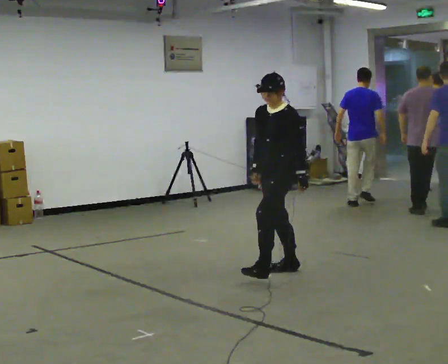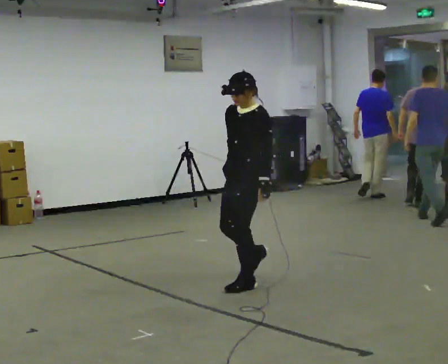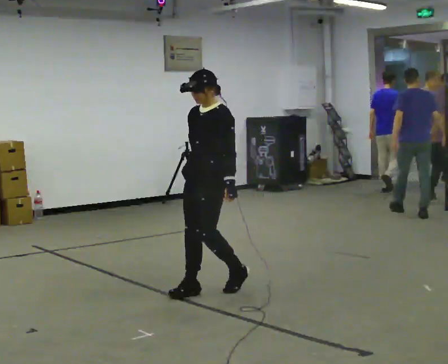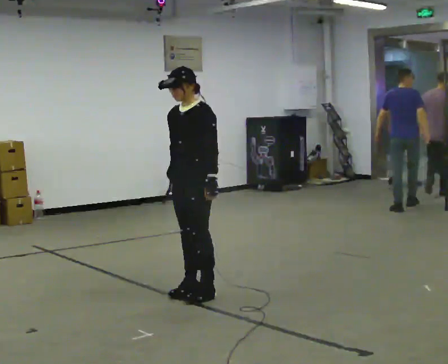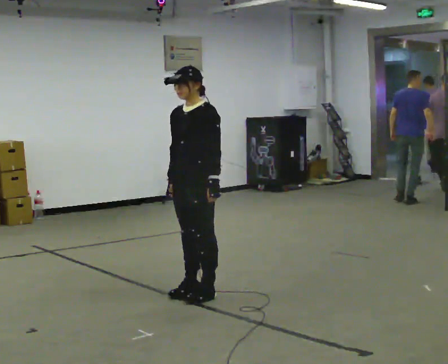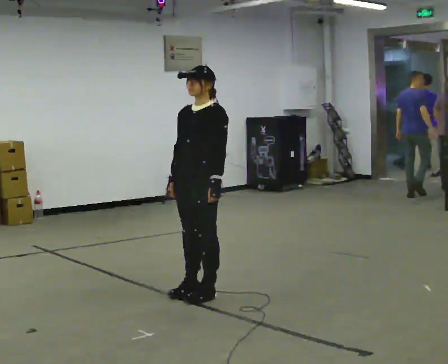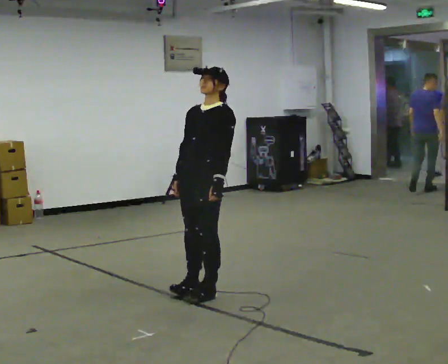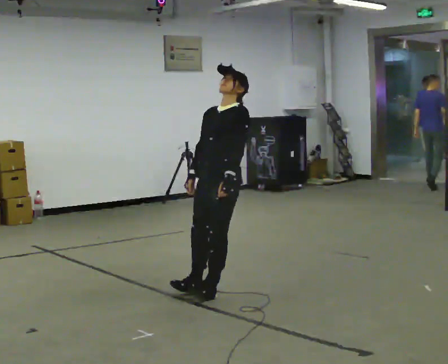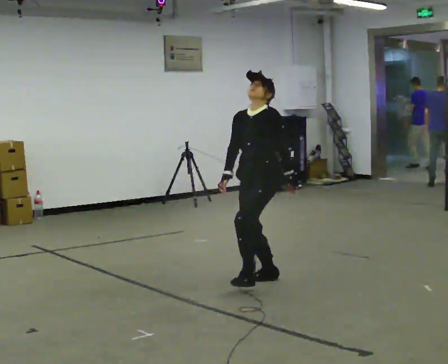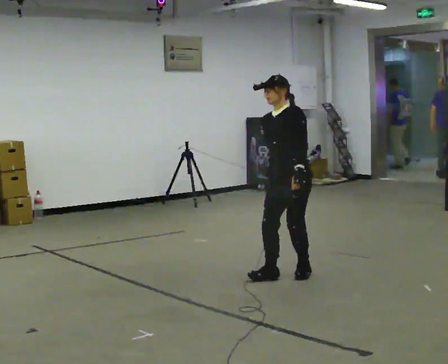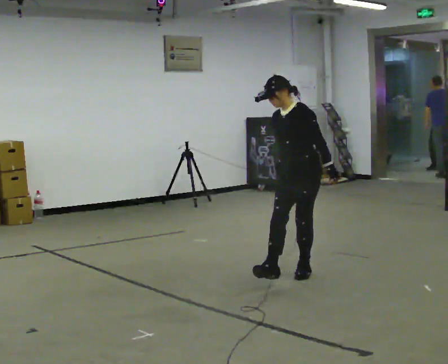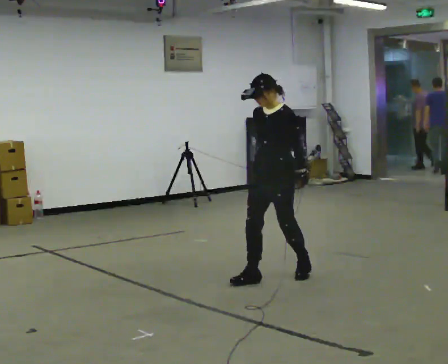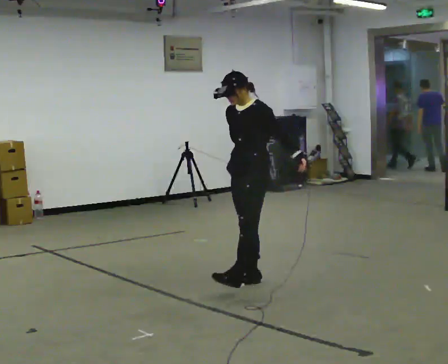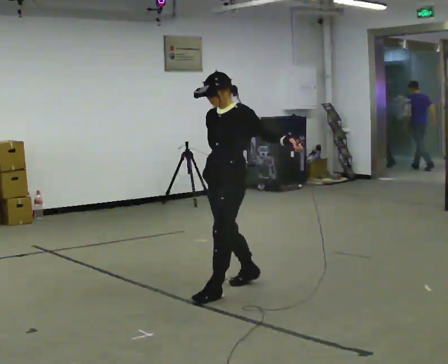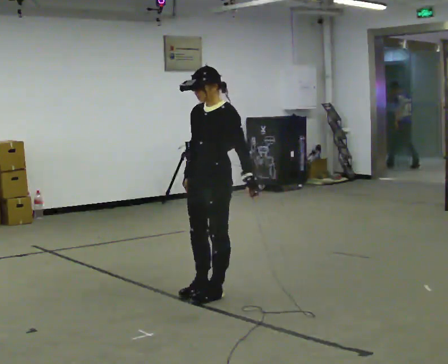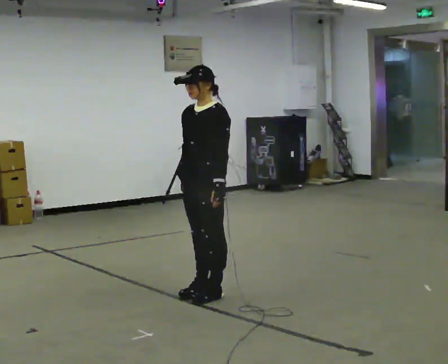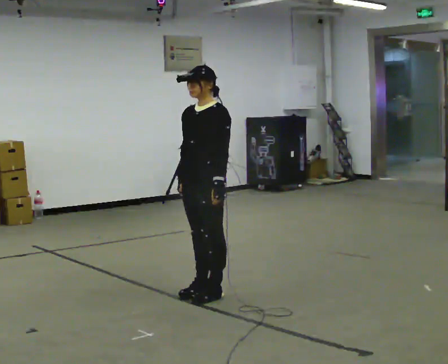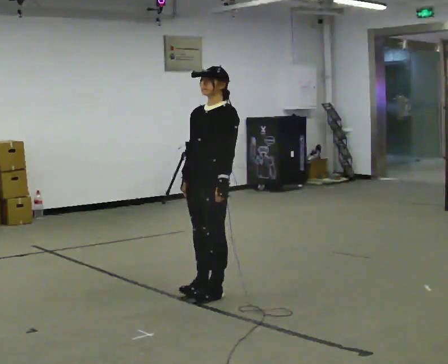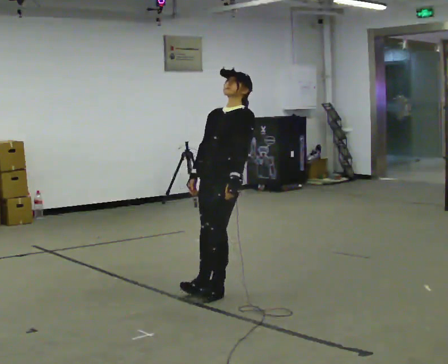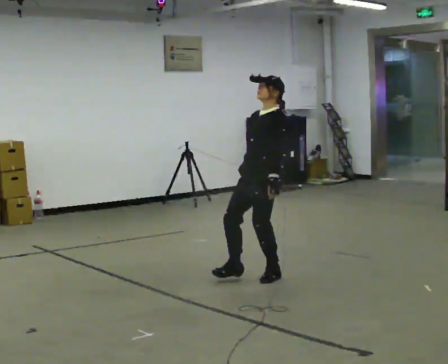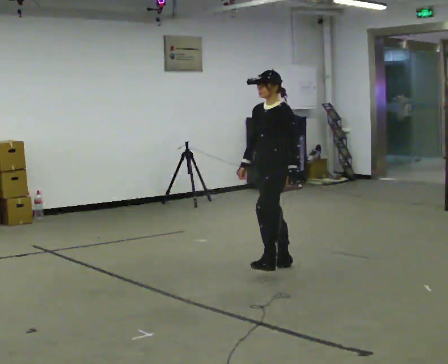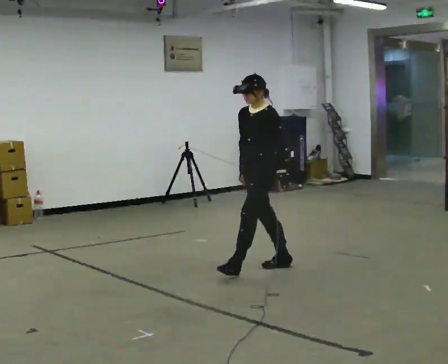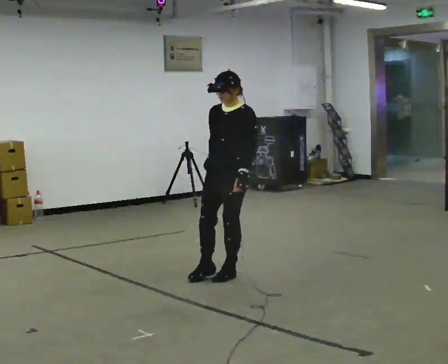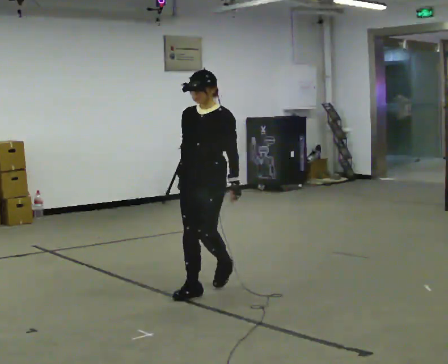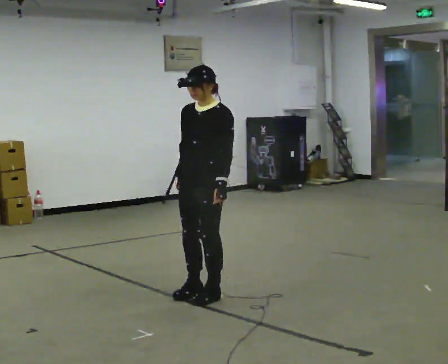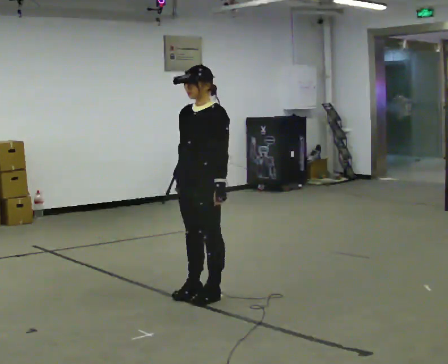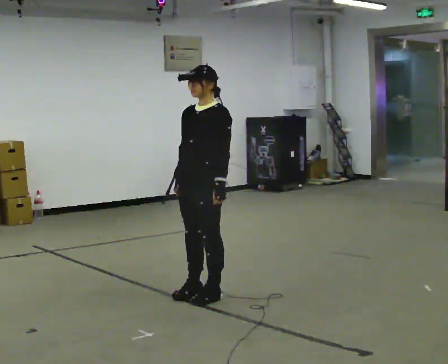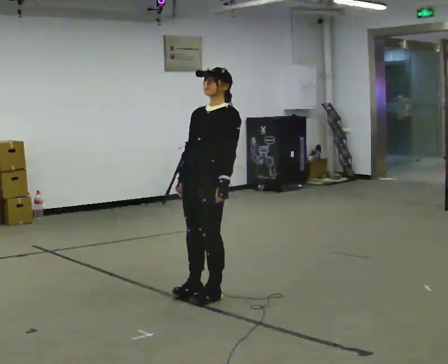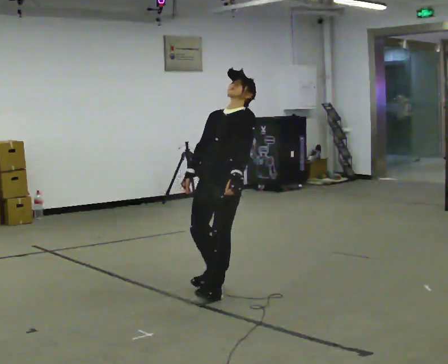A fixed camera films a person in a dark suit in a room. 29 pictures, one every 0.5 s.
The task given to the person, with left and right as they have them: Stand on the marked spots. Lean backward, keeping your body straight, until you cannot hold it, then step back to catch yourself. Return to the spots. Repeat at your own pace until the operator says stop. Go slowly and only as far as you are comfortable. Step whenever you need to; do not try to hold on longer than feels safe.
0.0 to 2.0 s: In the picture they go toward the camera and to the left, about 1 m in 3 steps, which for them is forward.
2.0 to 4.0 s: In the picture they go to the right and away from the camera, about 0.5 m in 1 step, which for them is backward.
4.0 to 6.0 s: The person moves a little, or ends about where they began.
6.0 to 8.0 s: In the picture they go toward the camera and to the left, about 0.5 m in 2 steps, which for them is forward.
8.0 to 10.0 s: In the picture they go away from the camera and to the right, about 1 m in 2 steps, which for them is backward.
10.0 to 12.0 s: In the picture they go toward the camera and to the left, about 1 m in 3 steps, which for them is forward.
12.0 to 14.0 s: In the picture they go away from the camera, about 0.25 m, which for them is backward. The upper body tips away from the camera, its near side rolling upward, as they lean back or straighten.
The film runs forward here.
